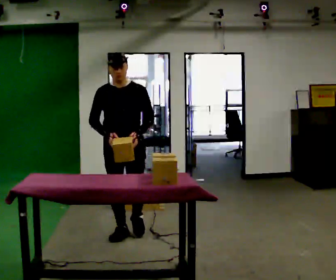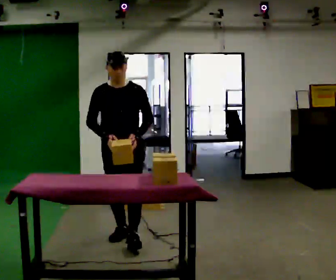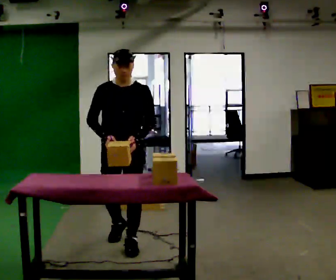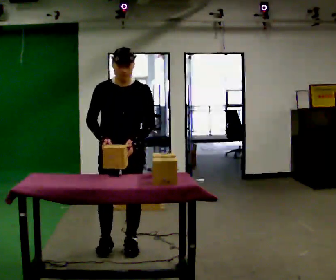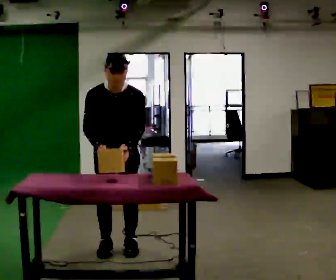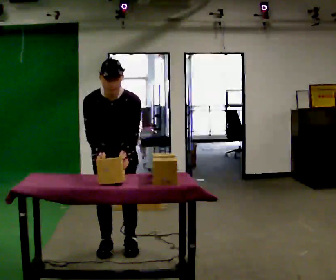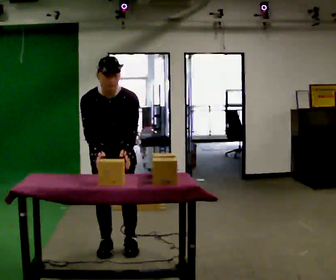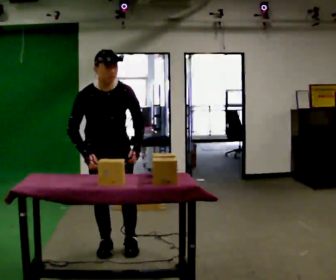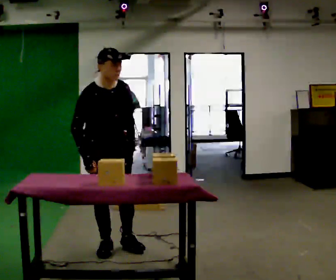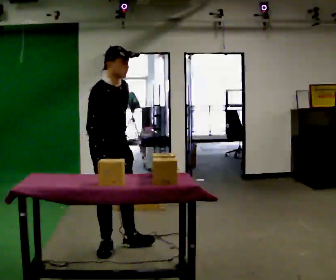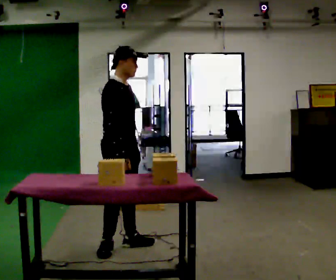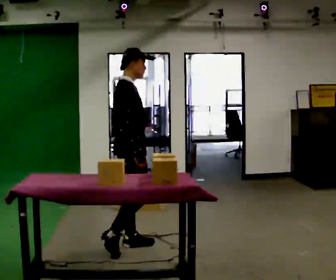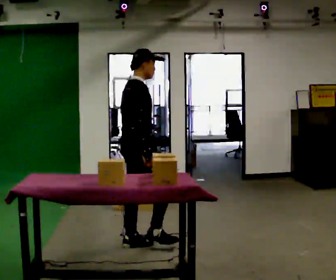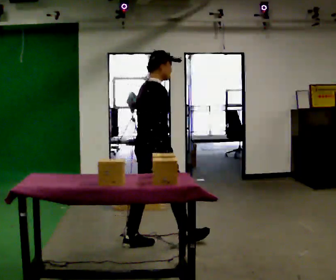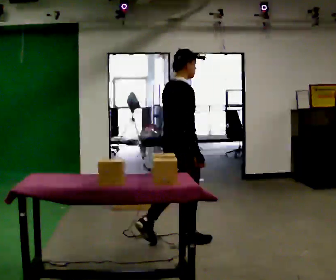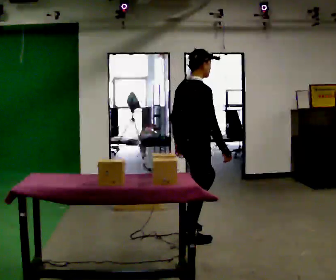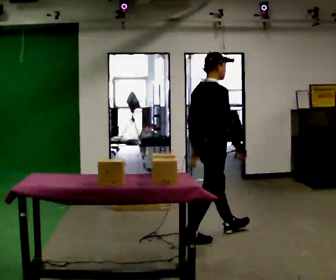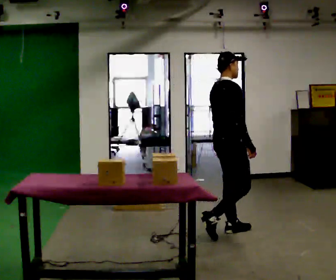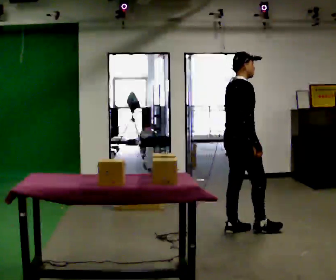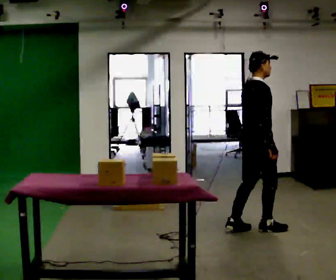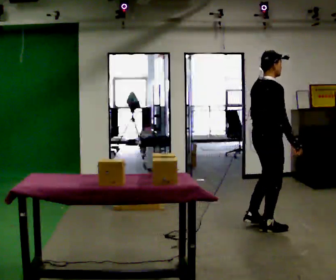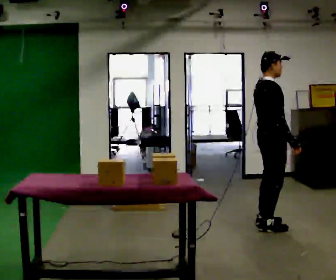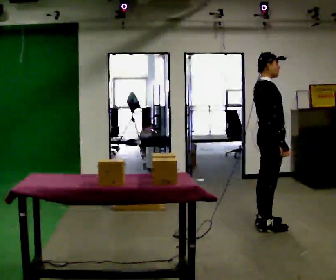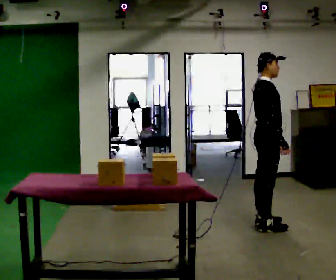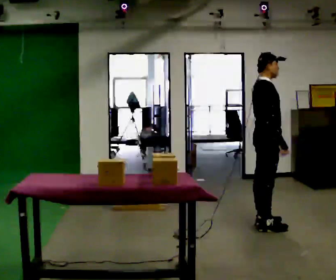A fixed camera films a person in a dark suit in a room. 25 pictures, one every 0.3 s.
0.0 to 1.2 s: In the picture they go toward the camera, about 0.5 m in 2 steps, which for them is forward. The upper body tips toward the camera, its near side rolling downward, as they bend forward.
1.2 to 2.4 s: Seen from above the body turns counterclockwise, about 30 degrees: to their left, with its near side sliding to the right.
2.4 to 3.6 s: Seen from above the body turns counterclockwise, about 75 degrees: to their left, with its near side sliding to the right. In the picture they go to the right, about 0.25 m. The upper body tips away from the camera, its near side rolling upward, as they lean back or straighten.
3.6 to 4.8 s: In the picture they go to the right, about 0.75 m in 2 steps, which for them is forward.
4.8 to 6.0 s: In the picture they go to the right, about 0.5 m in 1 step, which for them is forward.
6.0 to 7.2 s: The person moves a little, or ends about where they began.
The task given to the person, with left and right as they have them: Carry the object across the room and place it on the lowest shelf, crouching down to do it. Keep going until the operator says stop; one object at a time, and do not rush between trips.
The film runs forward here.
